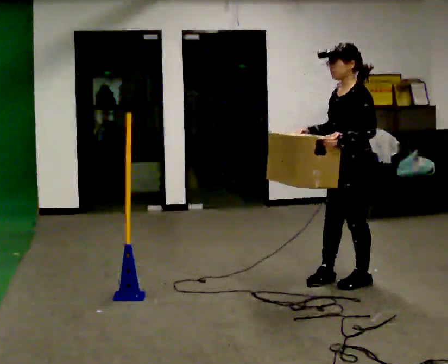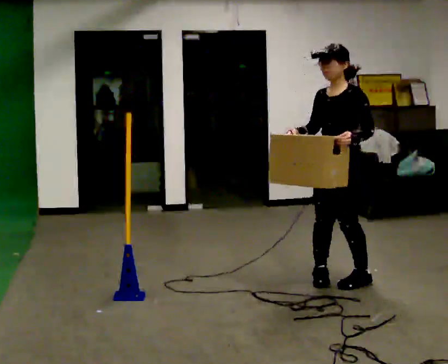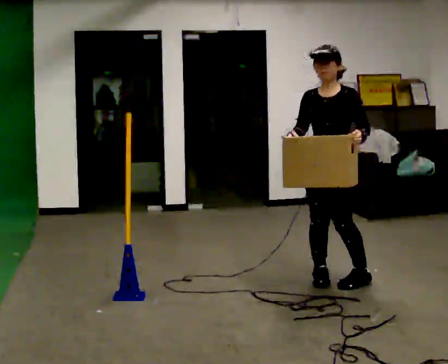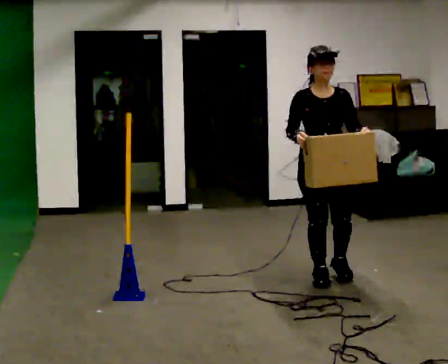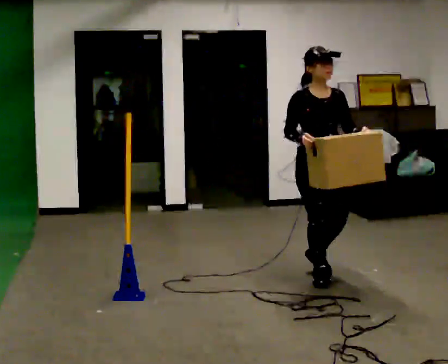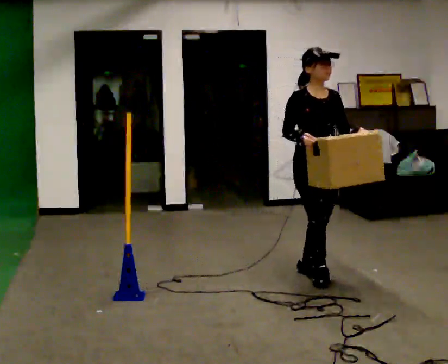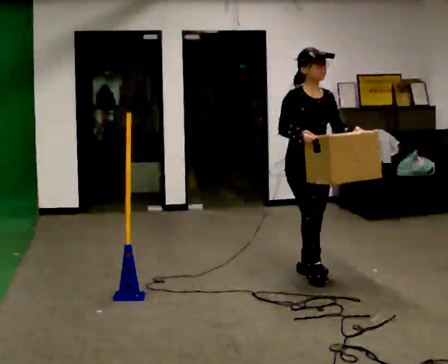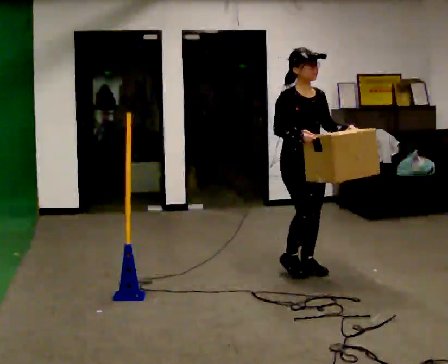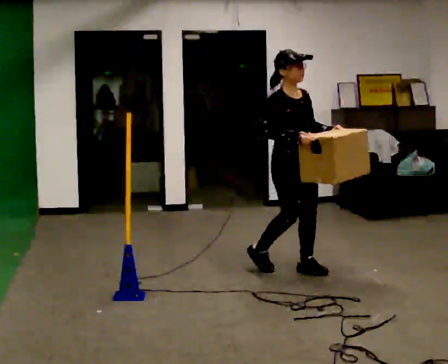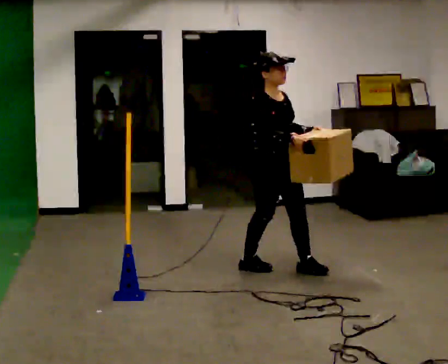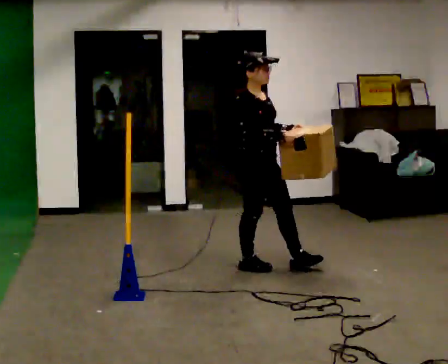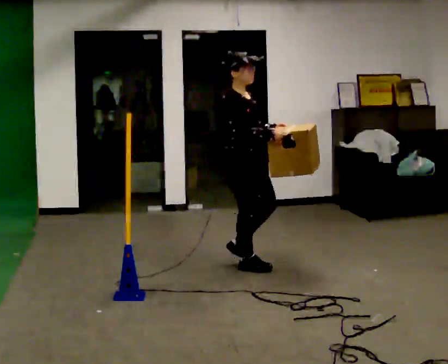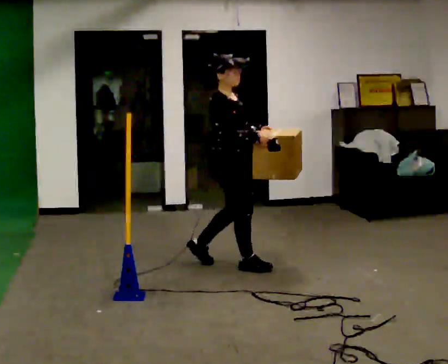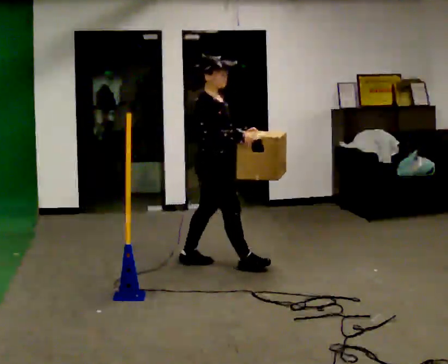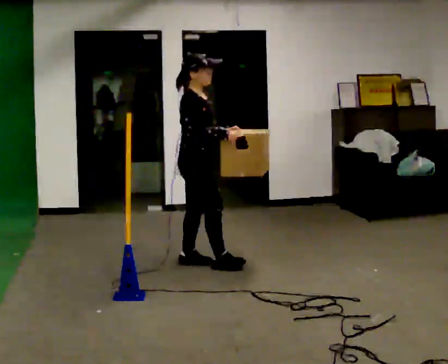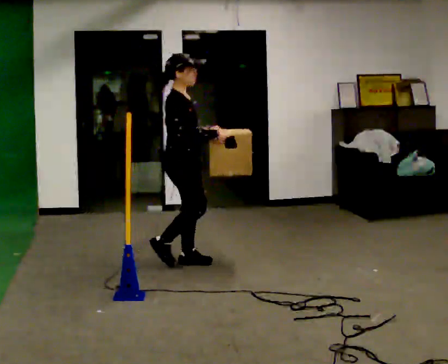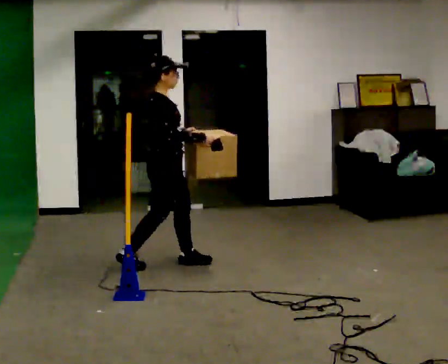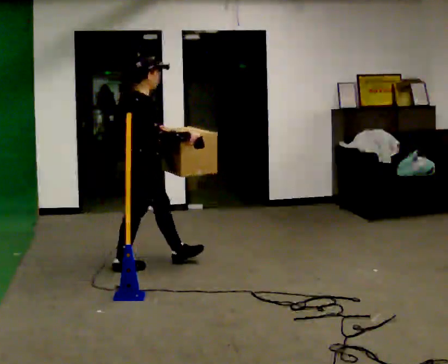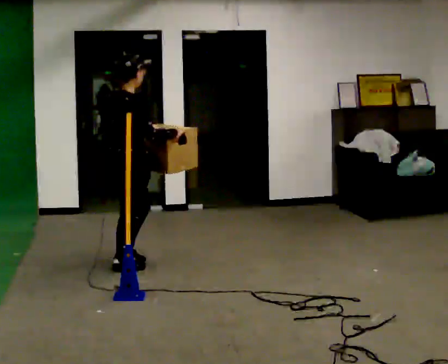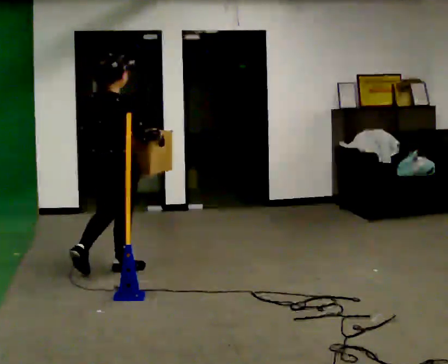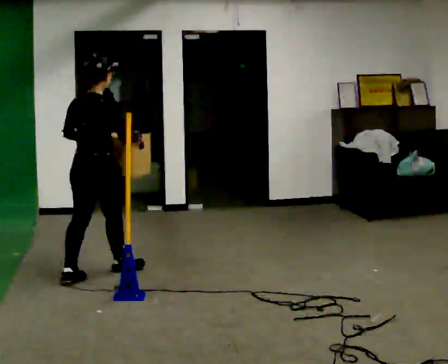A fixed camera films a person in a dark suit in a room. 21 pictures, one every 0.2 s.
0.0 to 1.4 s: The person turns about 105 degrees to their left, counterclockwise seen from above, so the part of the body nearest the lens slides to the right. In the picture they go to the left and away from the camera, about 0.5 m in 2 steps.
1.4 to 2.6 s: The person turns about 45 degrees to their left, counterclockwise seen from above, so the part of the body nearest the lens slides to the right. In the picture they go to the left, about 0.75 m in 1 step, which for them is backward.
2.6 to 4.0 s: The person turns about 75 degrees to their left, counterclockwise seen from above, so the part of the body nearest the lens slides to the right. In the picture they go to the left and toward the camera, about 1 m in 2 steps.
The film runs backward here.
